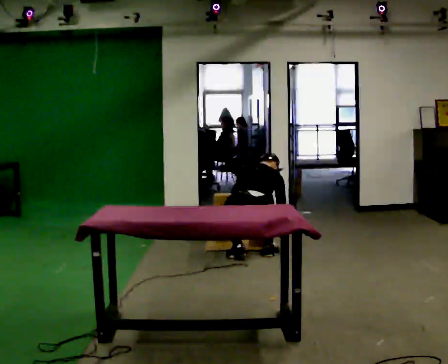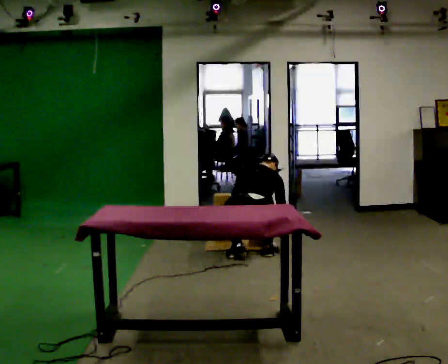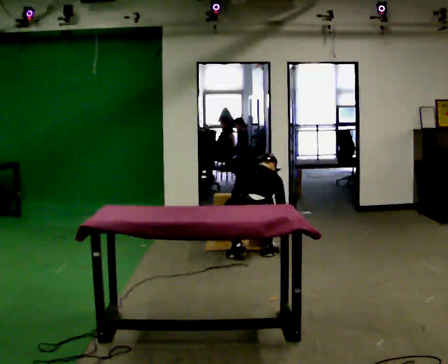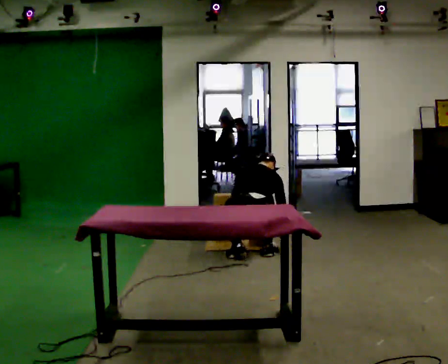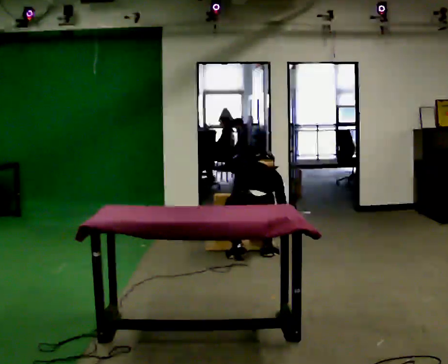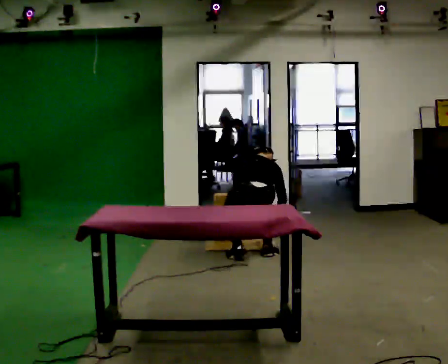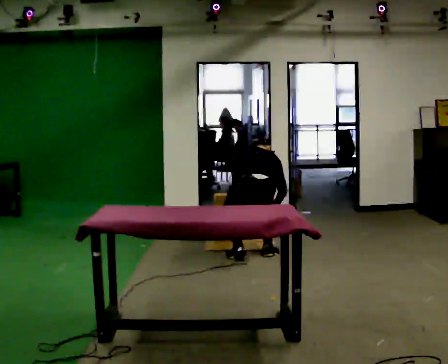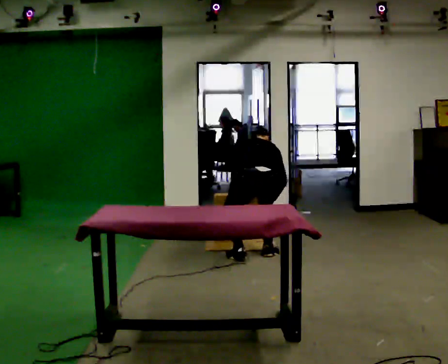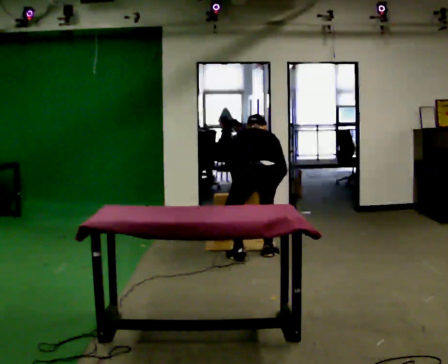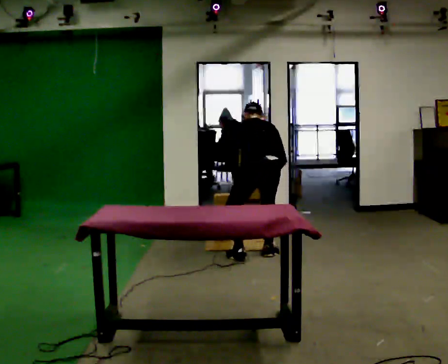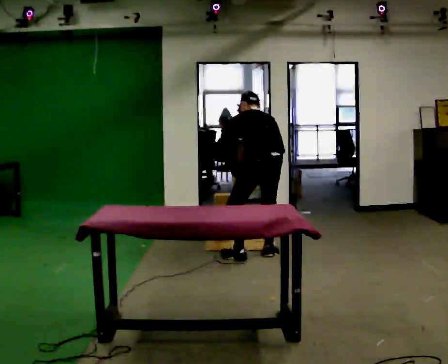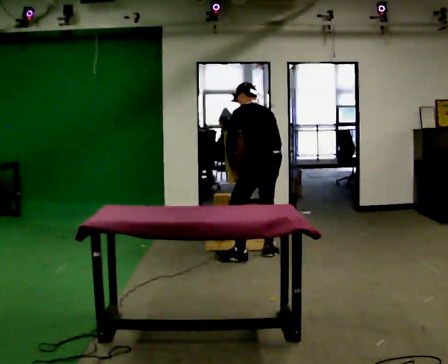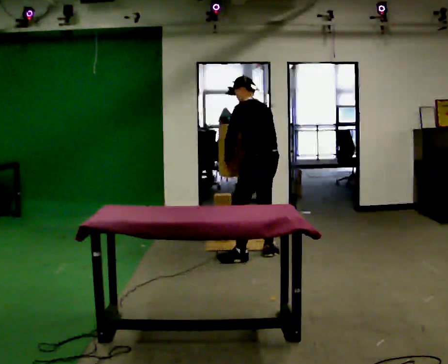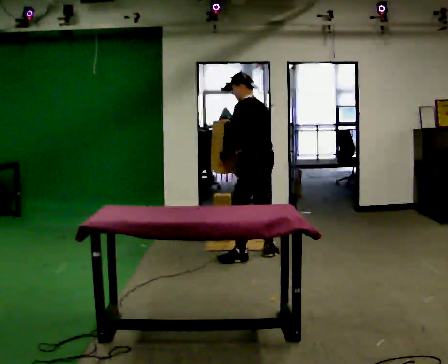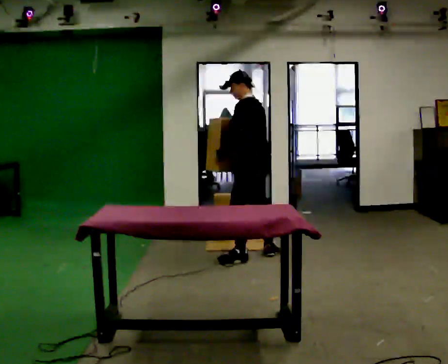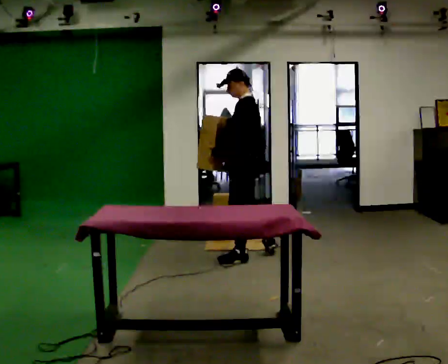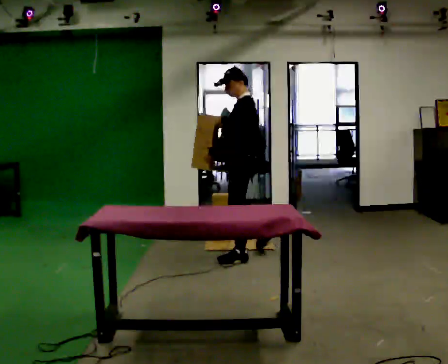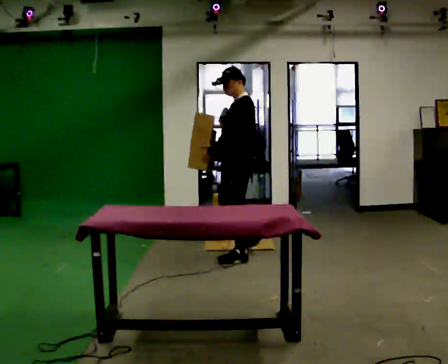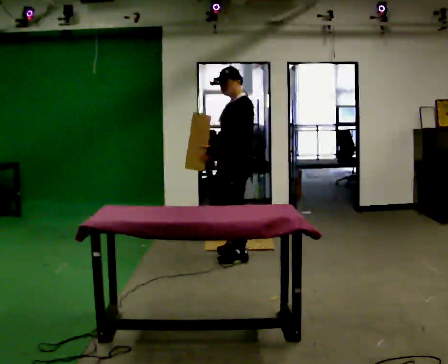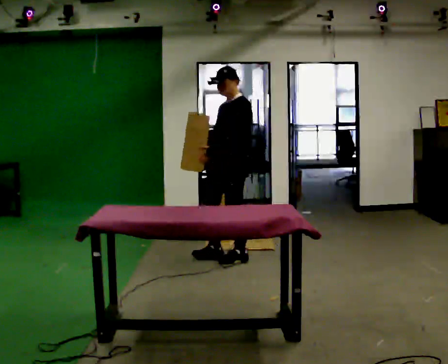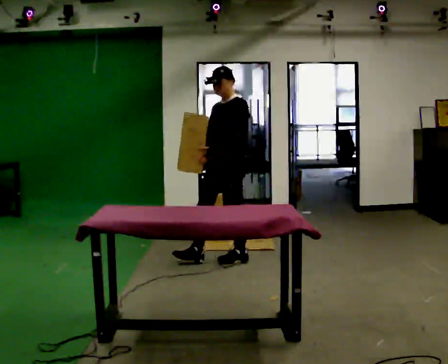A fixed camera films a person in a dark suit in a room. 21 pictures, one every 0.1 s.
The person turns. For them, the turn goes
to their left.
The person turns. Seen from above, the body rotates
counterclockwise.
0.0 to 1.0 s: The person turns about 45 degrees to their left, counterclockwise seen from above, so the part of the body nearest the lens slides to the right. The upper body goes upward. In the picture the upper body tilts counterclockwise, shoulders to the left, as they lean back or straighten. In the picture their left hand goes upward.
1.0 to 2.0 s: Seen from above the body turns counterclockwise, about 90 degrees: to their left, with its near side sliding to the right. In the picture they go to the left and toward the camera, about 0.25 m. The upper body tips toward the camera, its near side rolling downward, as they lean back or straighten.
The film runs forward here.
